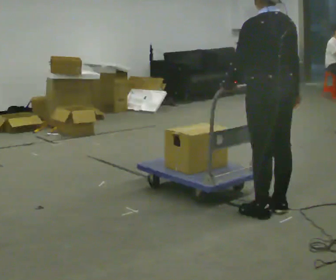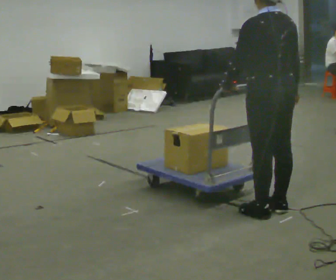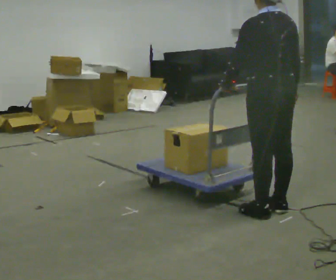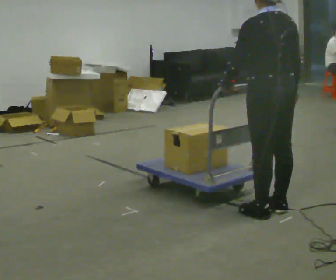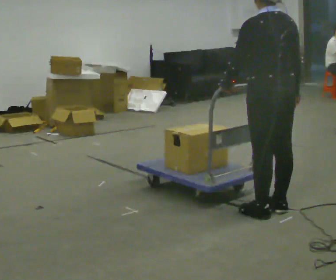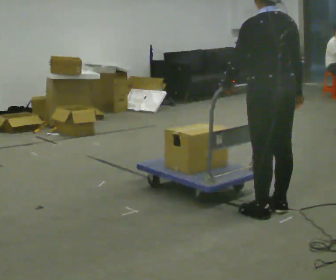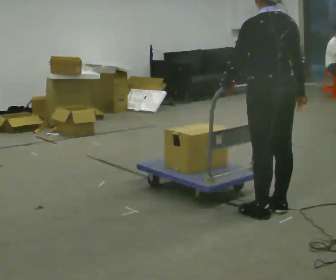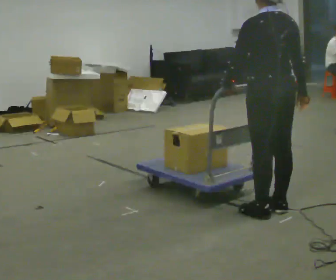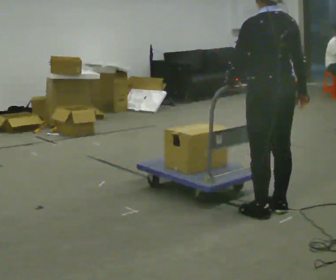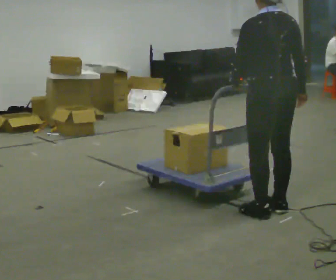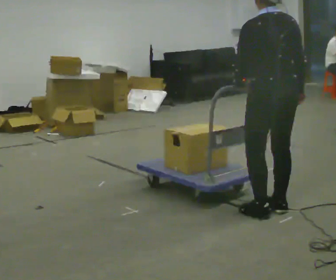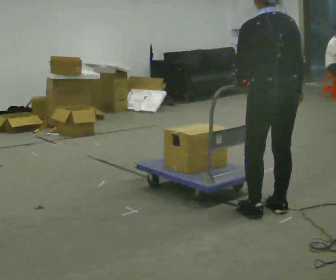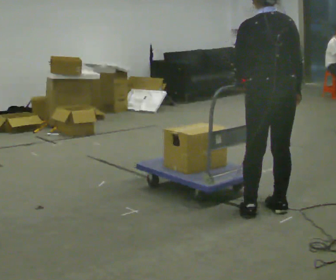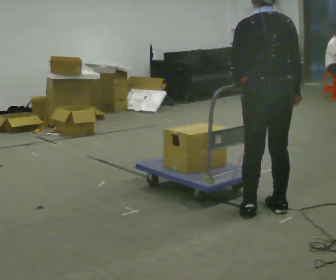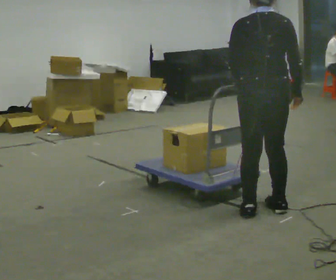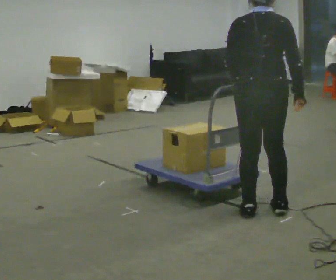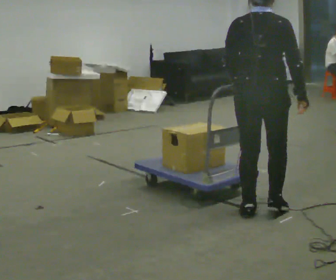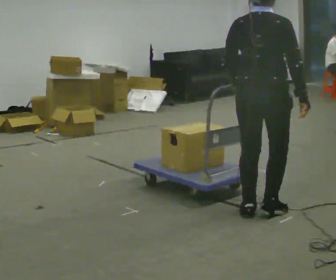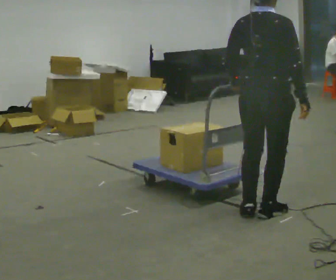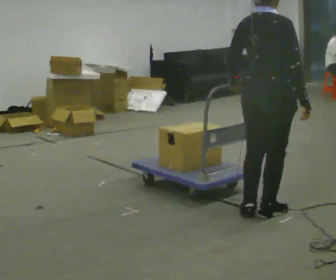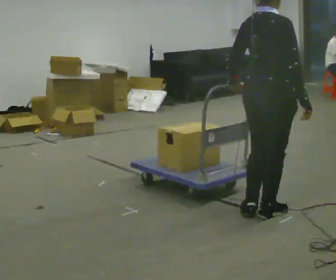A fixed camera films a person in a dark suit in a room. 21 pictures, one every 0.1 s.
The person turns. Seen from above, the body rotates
clockwise.
The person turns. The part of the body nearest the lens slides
to the left.
0.0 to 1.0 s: The person moves a little, or ends about where they began.
1.0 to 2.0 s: The part of the body nearest the lens slides to the left as the person turns to their right by about 75 degrees.
The film runs backward here.
